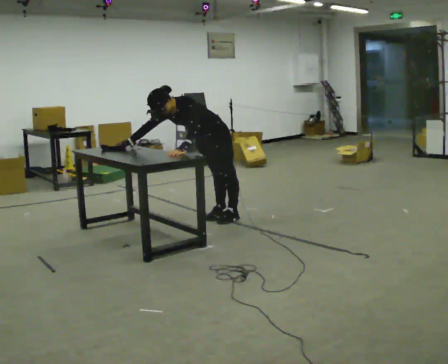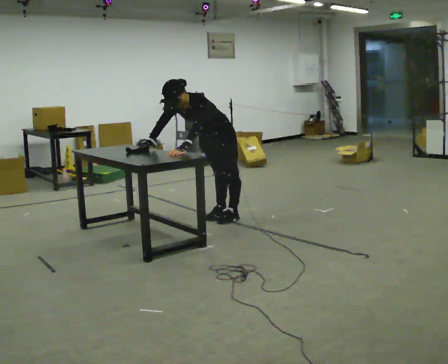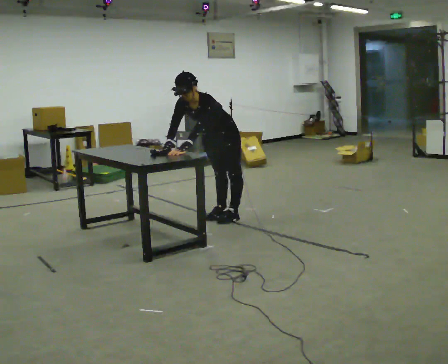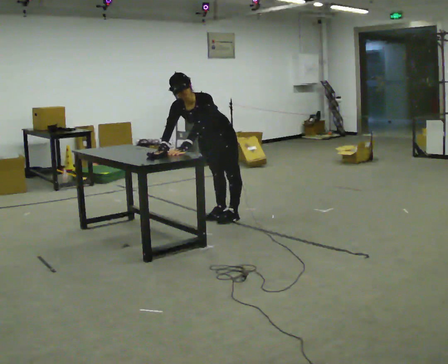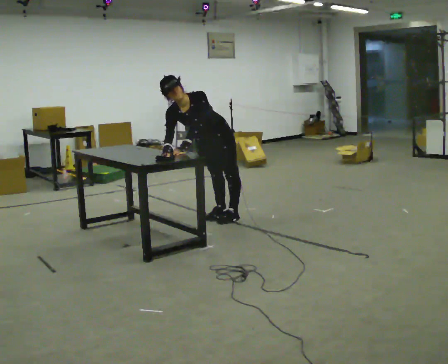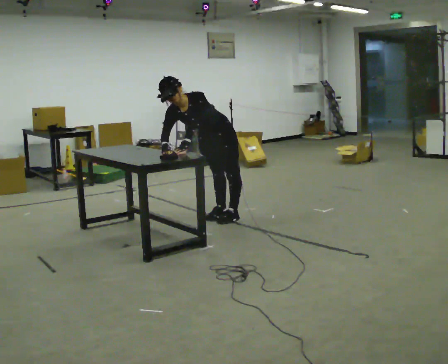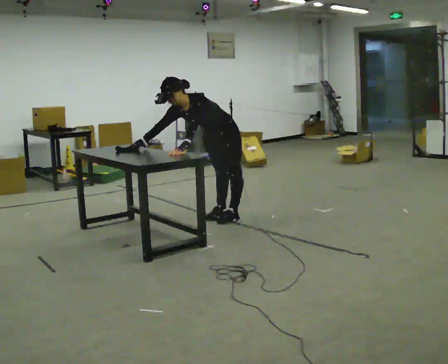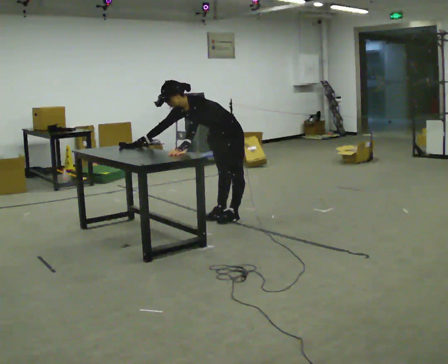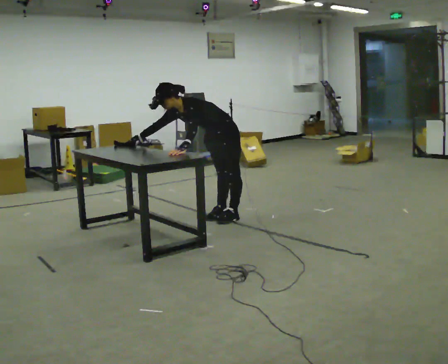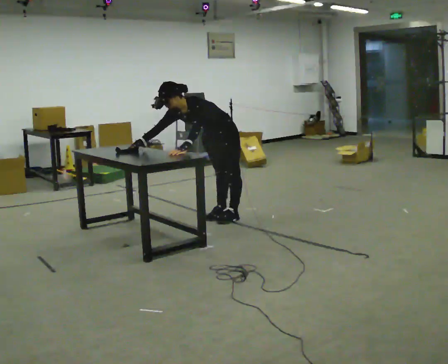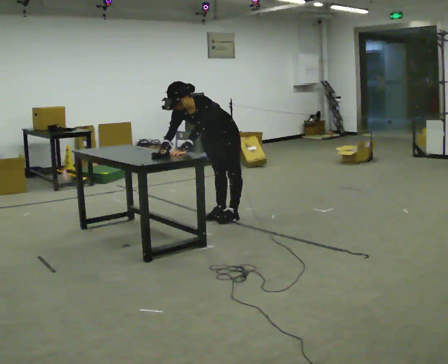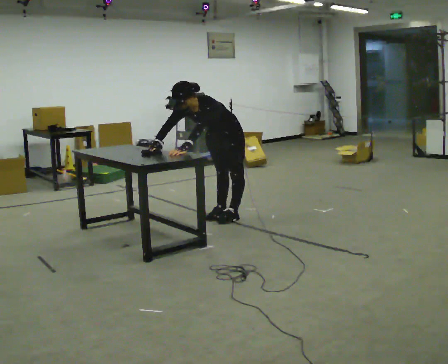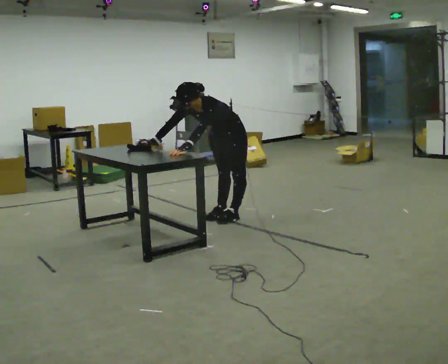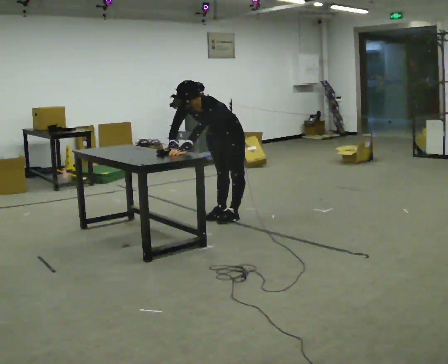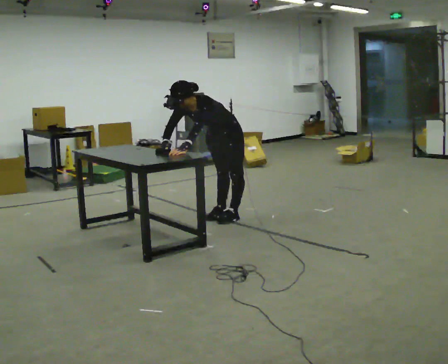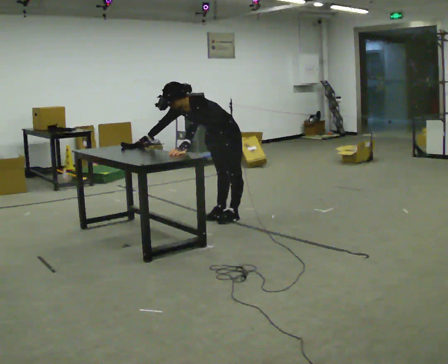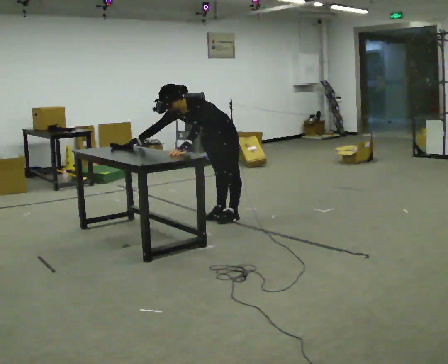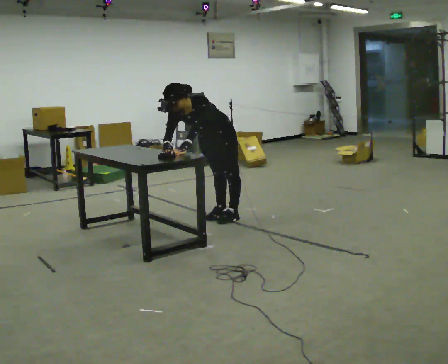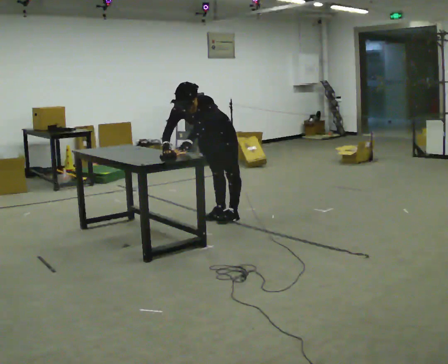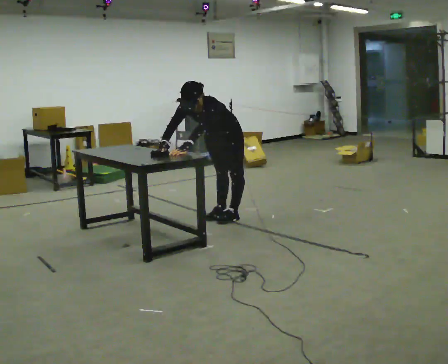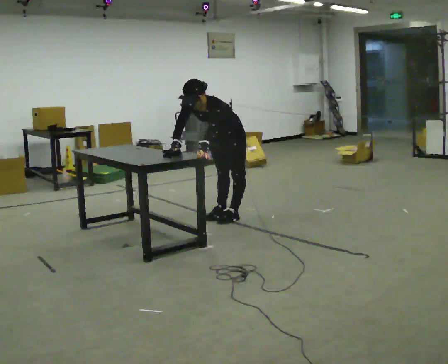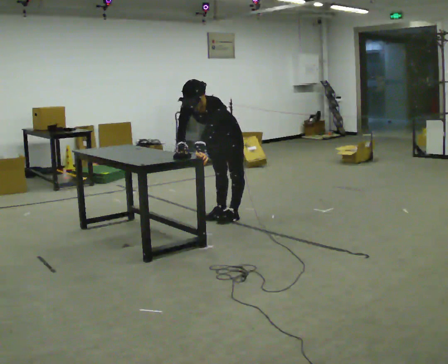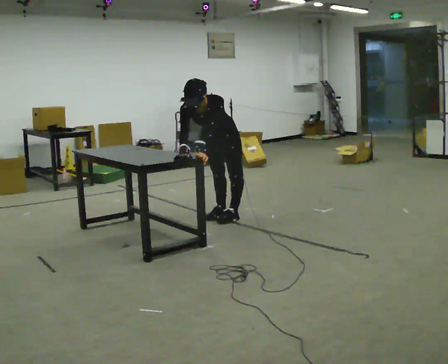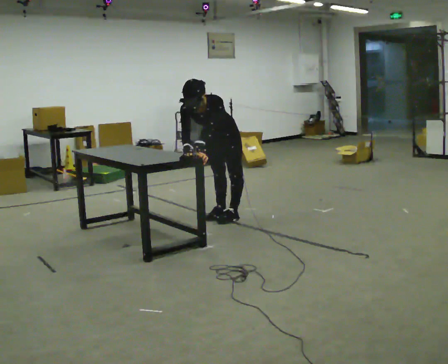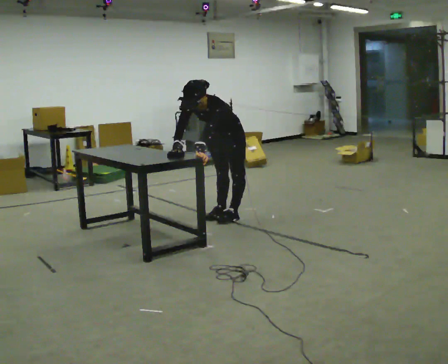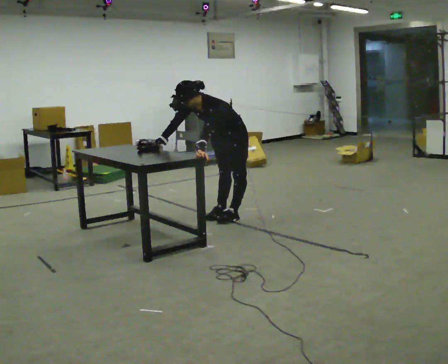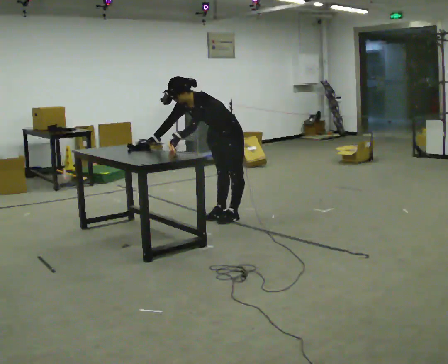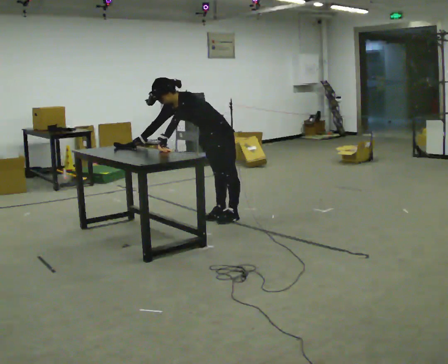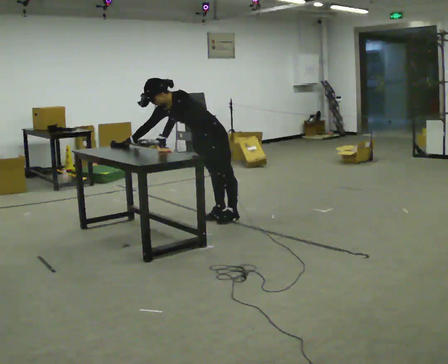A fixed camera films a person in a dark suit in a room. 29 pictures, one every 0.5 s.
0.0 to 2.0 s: In the picture their right hand goes to the right.
2.0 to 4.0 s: The part of the body nearest the lens slides to the left as the person turns to their right by about 30 degrees. In the picture their right hand goes to the left.
4.0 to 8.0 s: The person moves a little, or ends about where they began.
8.0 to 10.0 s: In the picture their right hand goes to the right.
10.0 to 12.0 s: The person moves a little, or ends about where they began.
12.0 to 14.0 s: In the picture they go to the left, about 0.25 m, which for them is forward. The upper body tips away from the camera, its near side rolling upward. In the picture their right hand goes to the left.
The film runs forward here.
